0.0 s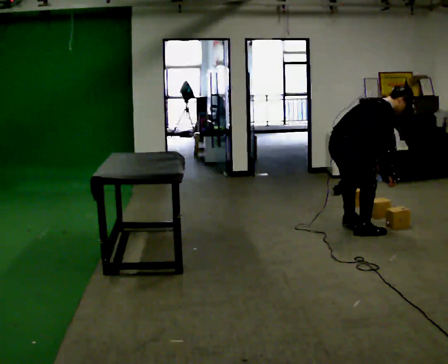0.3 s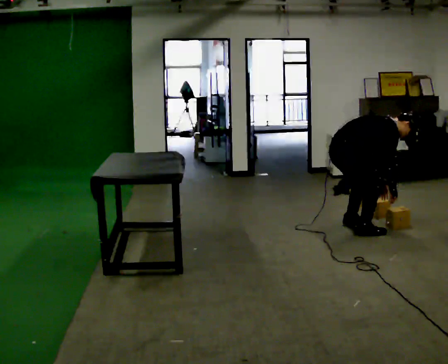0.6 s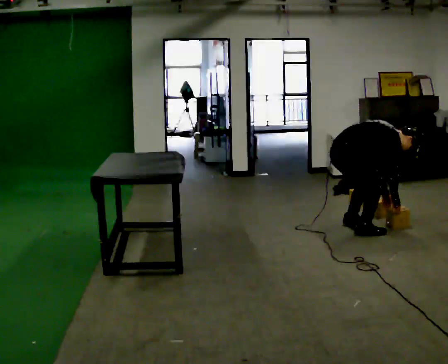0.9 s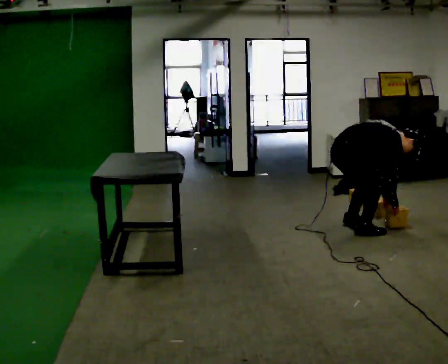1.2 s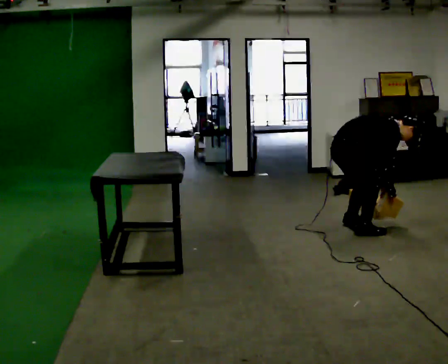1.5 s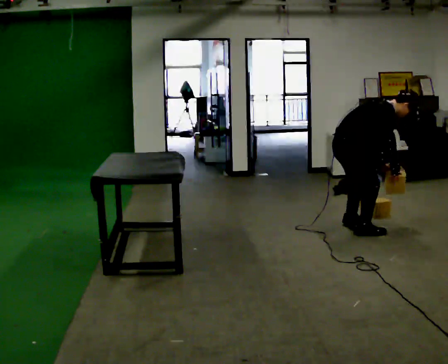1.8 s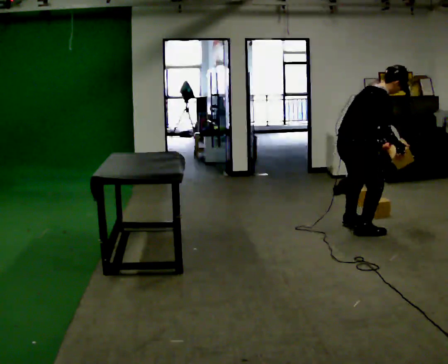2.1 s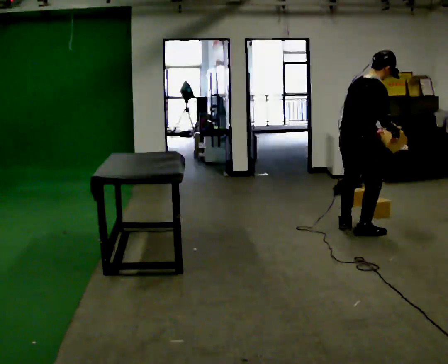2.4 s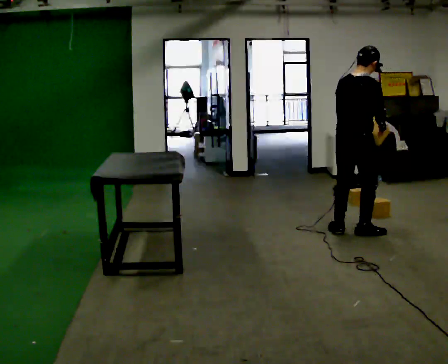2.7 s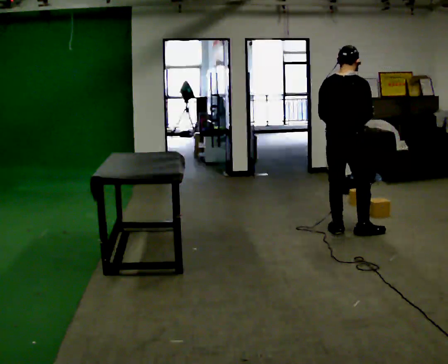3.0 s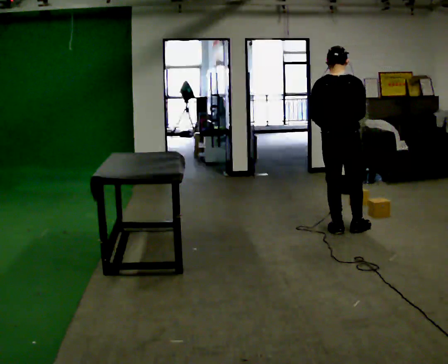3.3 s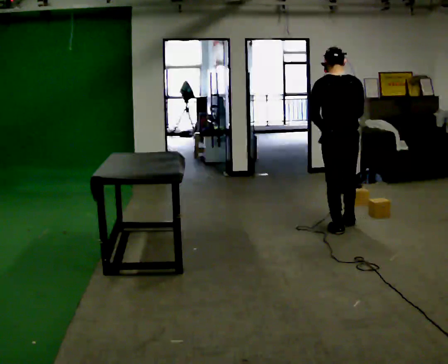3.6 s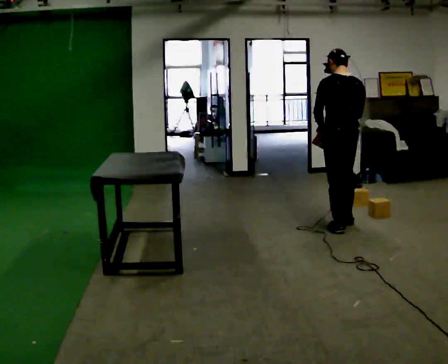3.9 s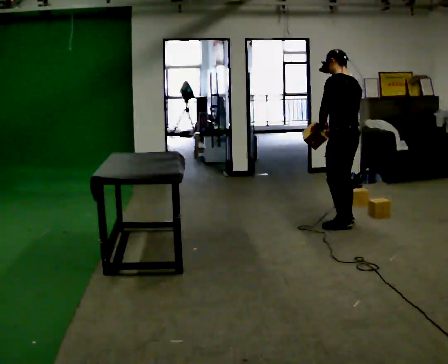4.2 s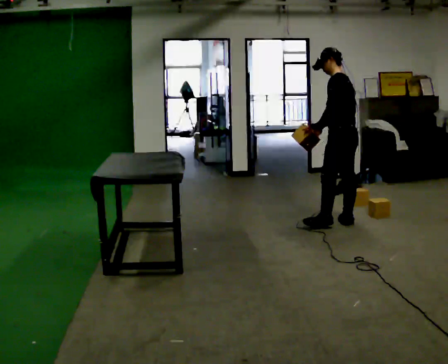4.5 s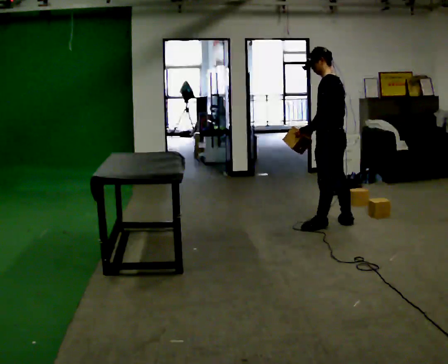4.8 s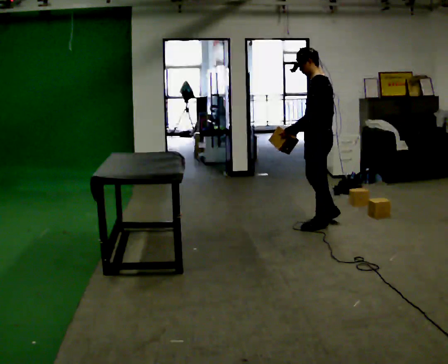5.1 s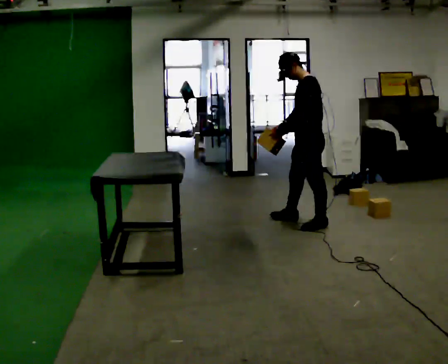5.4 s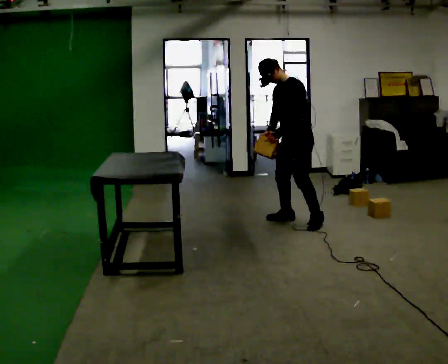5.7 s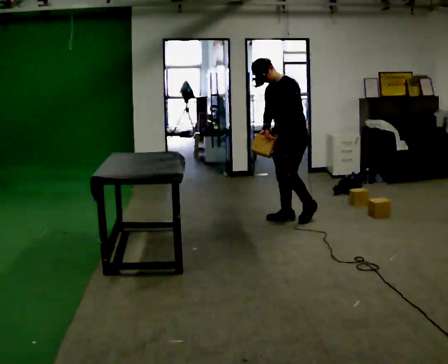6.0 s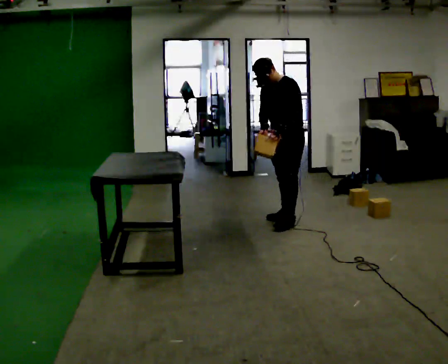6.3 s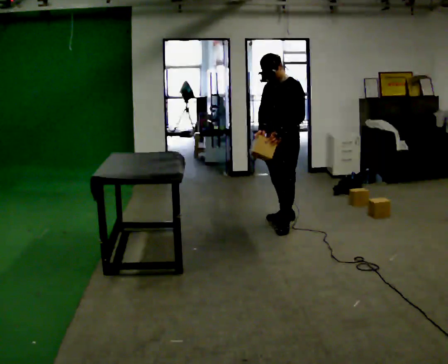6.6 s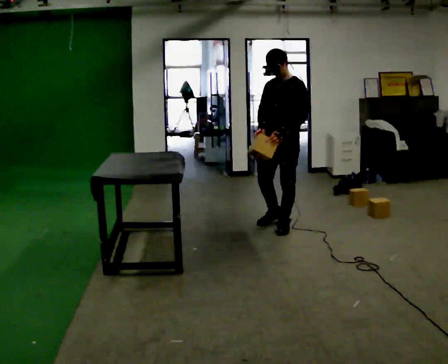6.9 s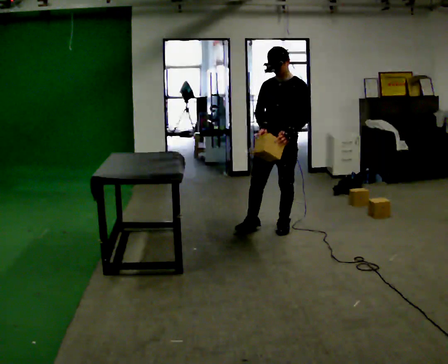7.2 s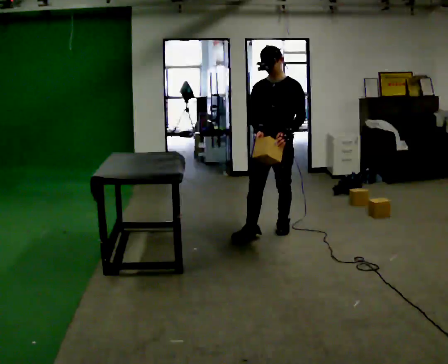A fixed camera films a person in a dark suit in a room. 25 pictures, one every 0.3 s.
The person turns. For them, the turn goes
to their left.
The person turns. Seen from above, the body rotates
counterclockwise.
0.0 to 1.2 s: The person moves a little, or ends about where they began.
1.2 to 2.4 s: Seen from above the body turns counterclockwise, about 45 degrees: to their left, with its near side sliding to the right. The upper body goes upward. In the picture the upper body tilts counterclockwise, shoulders to the left, as they lean back or straighten. In the picture their right hand goes upward.
2.4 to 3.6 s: The person turns about 60 degrees to their left, counterclockwise seen from above, so the part of the body nearest the lens slides to the right. In the picture they go away from the camera, about 0.25 m in 1 step.
3.6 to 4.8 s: The part of the body nearest the lens slides to the right as the person turns to their left by about 45 degrees. In the picture they go to the left, about 0.25 m in 1 step, which for them is forward. In the picture their right hand goes to the left.
4.8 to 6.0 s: The person turns about 60 degrees to their left, counterclockwise seen from above, so the part of the body nearest the lens slides to the right. In the picture they go to the left and away from the camera, about 0.25 m in 1 step, which for them is to their right.
6.0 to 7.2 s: The part of the body nearest the lens slides to the right as the person turns to their left by about 30 degrees. In the picture they go toward the camera, about 0.5 m in 1 step, which for them is forward.
The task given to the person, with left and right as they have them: Carry the object across the room and place it on the lowest shelf, crouching down to do it. Keep going until the operator says stop; one object at a time, and do not rush between trips.
The film runs forward here.
